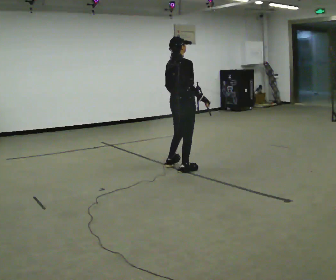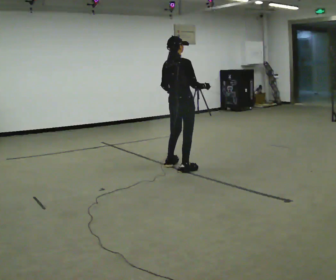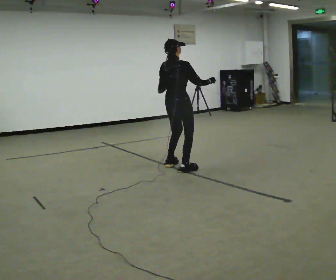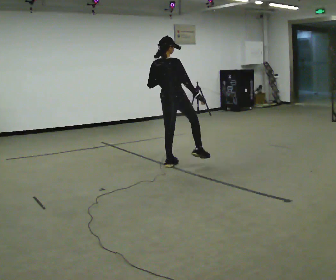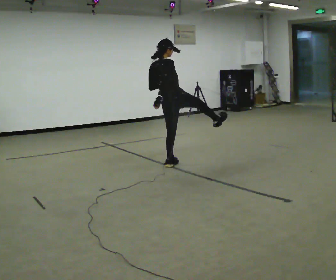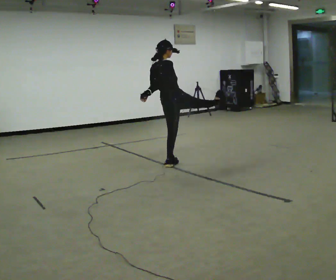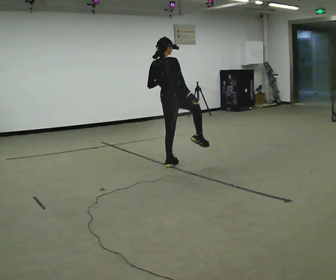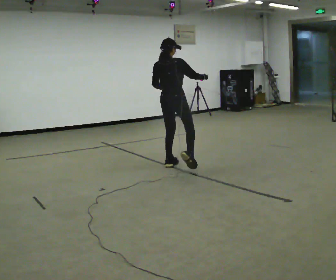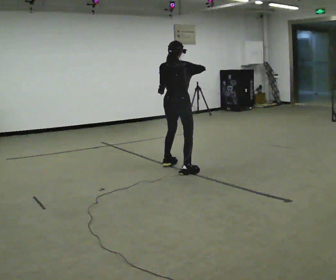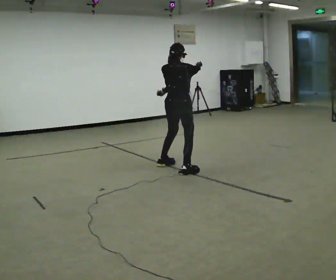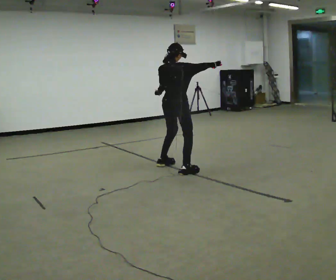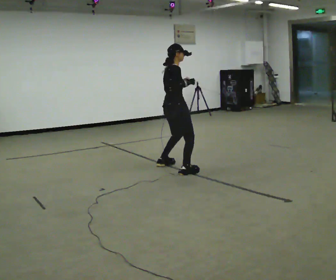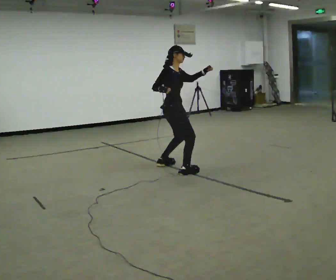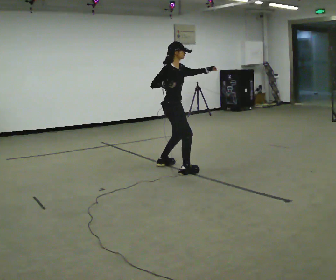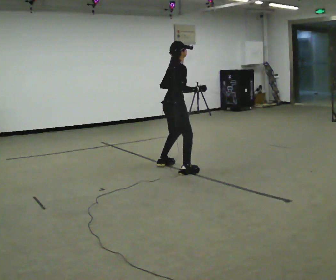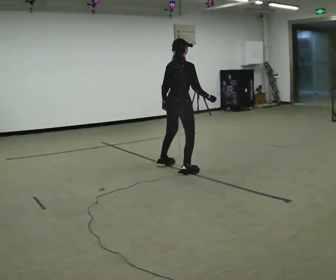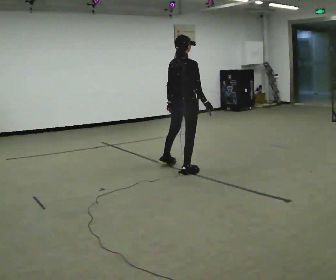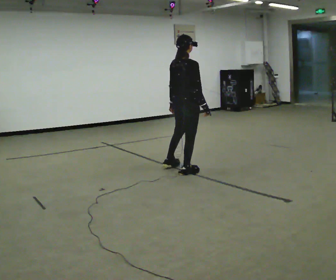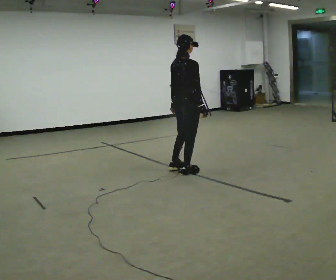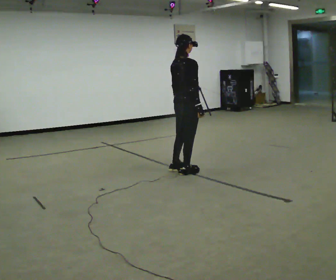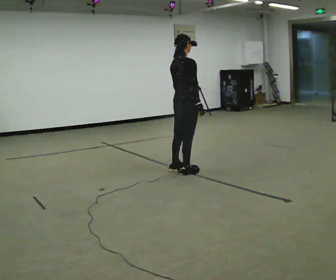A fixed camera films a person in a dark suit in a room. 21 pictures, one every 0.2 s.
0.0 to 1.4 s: The part of the body nearest the lens slides to the right as the person turns to their left by about 30 degrees.
1.4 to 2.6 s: Seen from above the body turns clockwise, about 75 degrees: to their right, with its near side sliding to the left. In the picture their left hand goes to the right.
2.6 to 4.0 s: The part of the body nearest the lens slides to the right as the person turns to their left by about 45 degrees. In the picture they go toward the camera, about 0.25 m in 1 step, which for them is to their right. In the picture their left hand goes downward.
The film runs backward here.
